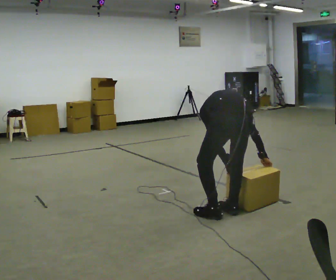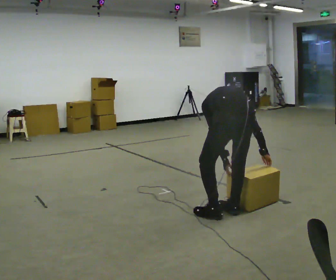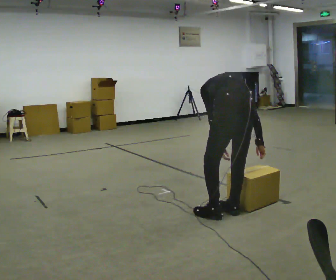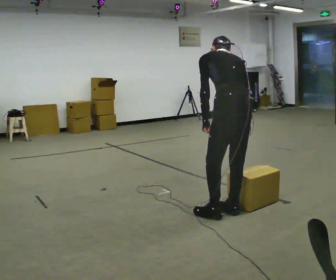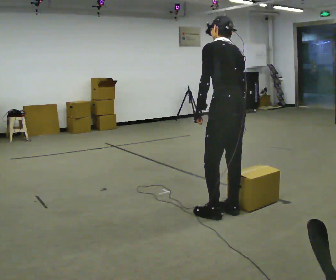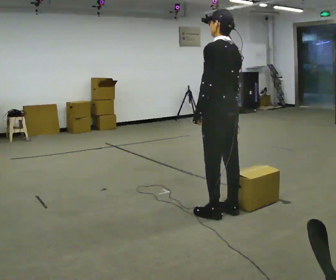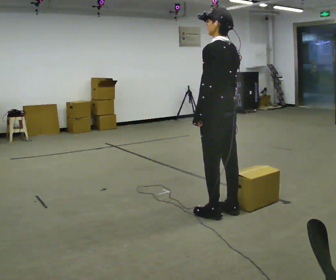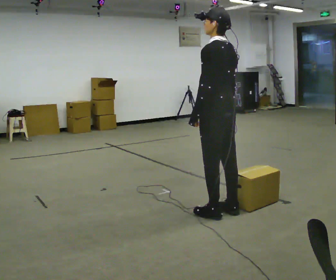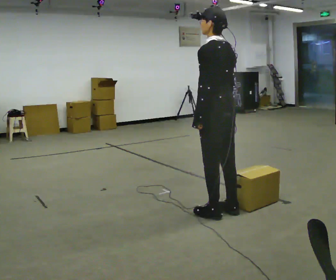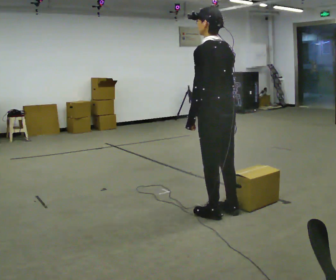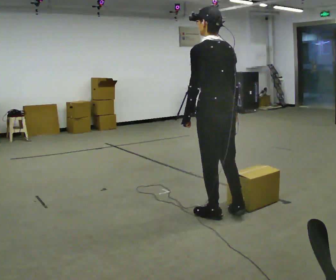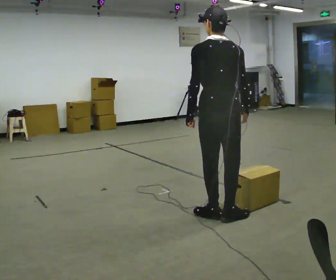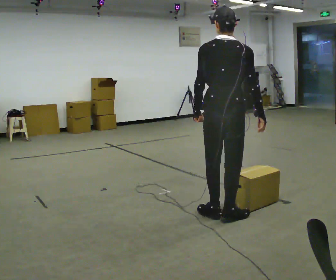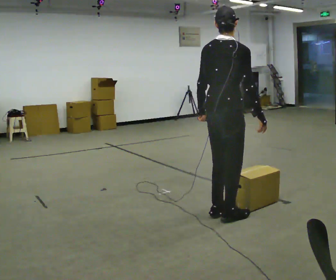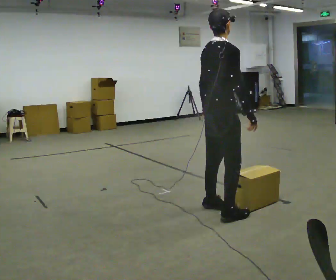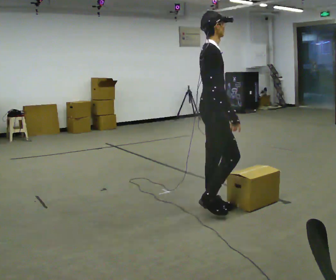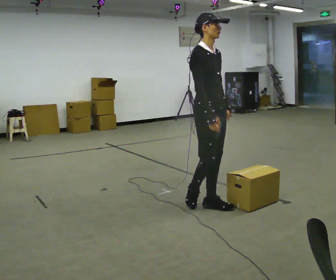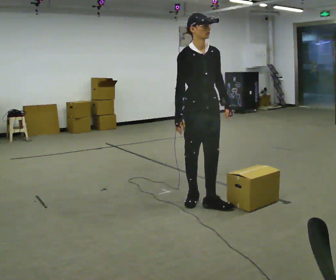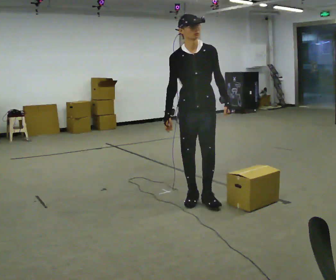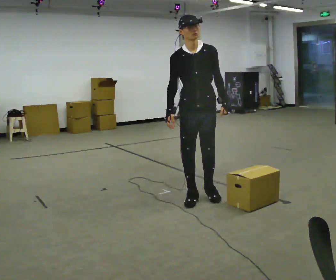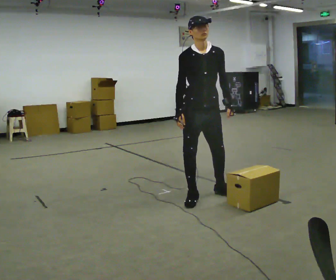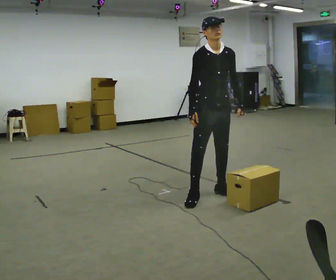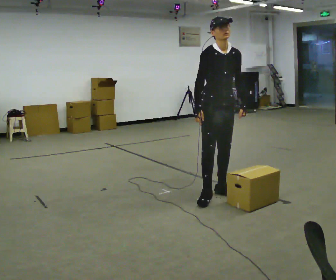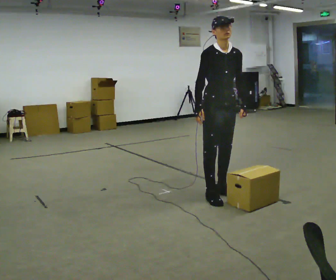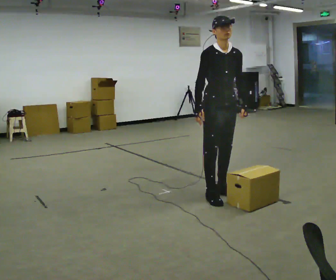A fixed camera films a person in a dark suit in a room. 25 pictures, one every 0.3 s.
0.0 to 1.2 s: Seen from above the body turns counterclockwise, about 45 degrees: to their left, with its near side sliding to the right. The upper body goes upward. The upper body tips toward the camera, its near side rolling downward, as they lean back or straighten. In the picture their right hand goes upward.
1.2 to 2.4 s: The person moves a little, or ends about where they began.
2.4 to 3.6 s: The person turns about 60 degrees to their right, clockwise seen from above, so the part of the body nearest the lens slides to the left.
3.6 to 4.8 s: The part of the body nearest the lens slides to the left as the person turns to their right by about 105 degrees. In the picture they go away from the camera and to the left, about 0.25 m in 2 steps.
4.8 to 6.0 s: Seen from above the body turns clockwise, about 45 degrees: to their right, with its near side sliding to the left. In the picture they go away from the camera, about 0.25 m in 1 step, which for them is backward.
6.0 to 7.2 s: In the picture they go to the right, about 0.25 m, which for them is to their left.
The film runs backward here.
